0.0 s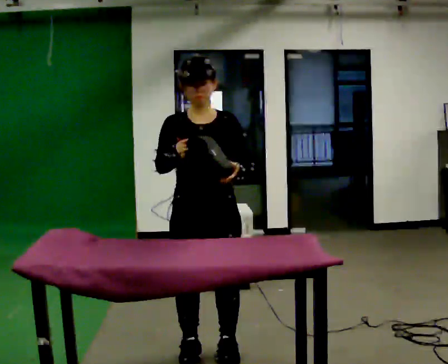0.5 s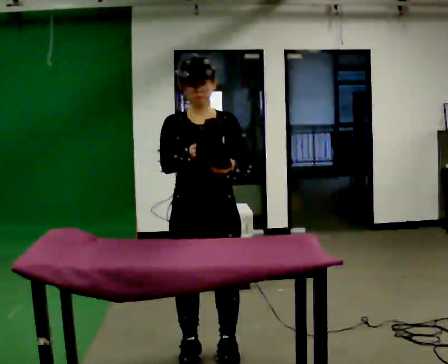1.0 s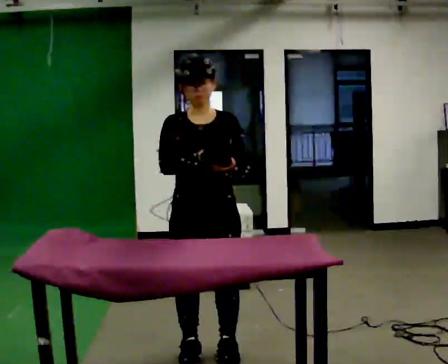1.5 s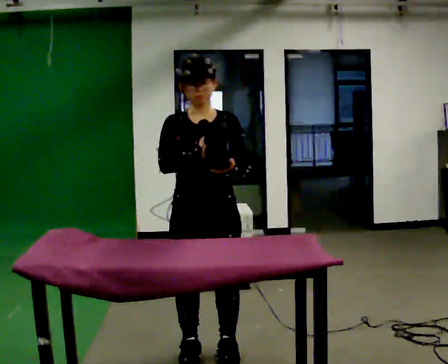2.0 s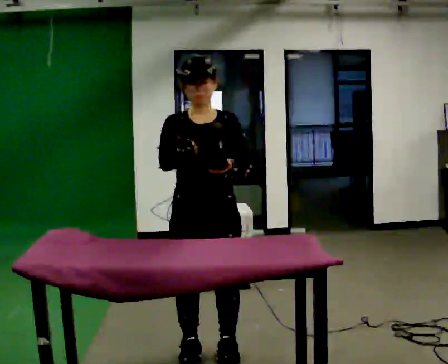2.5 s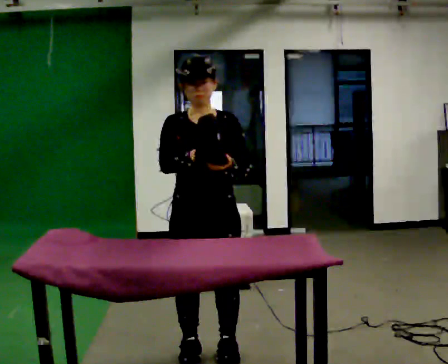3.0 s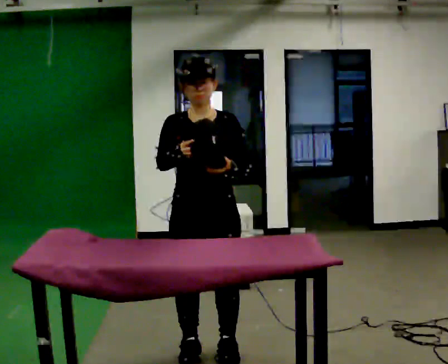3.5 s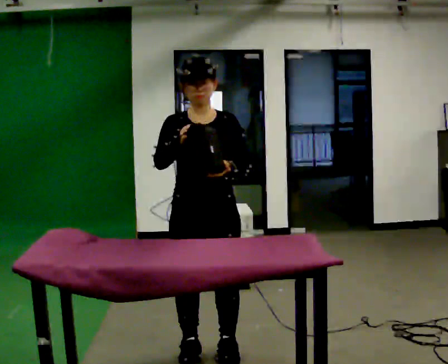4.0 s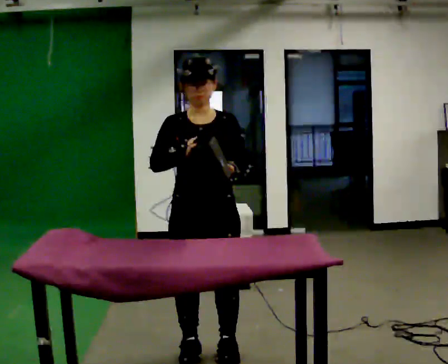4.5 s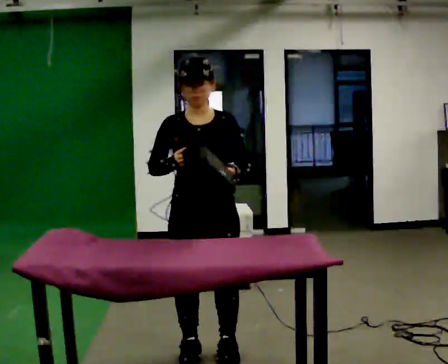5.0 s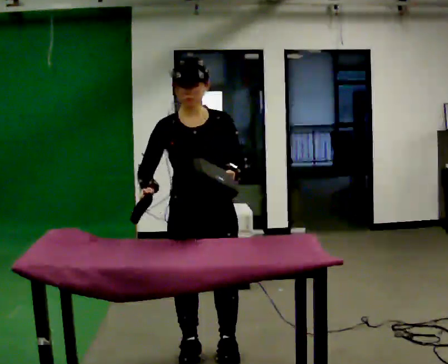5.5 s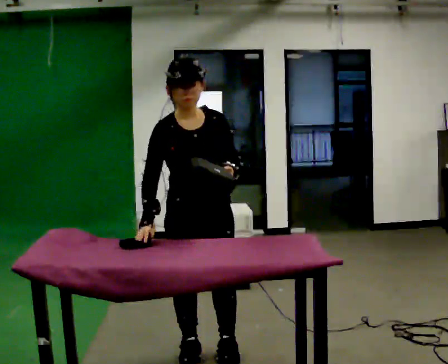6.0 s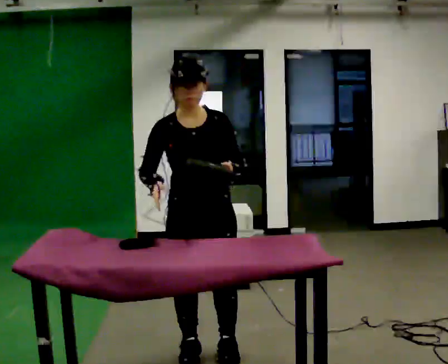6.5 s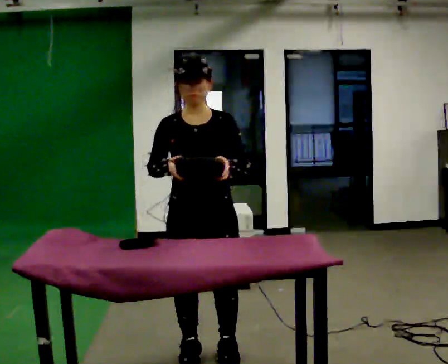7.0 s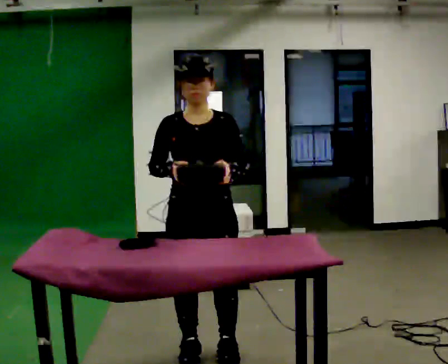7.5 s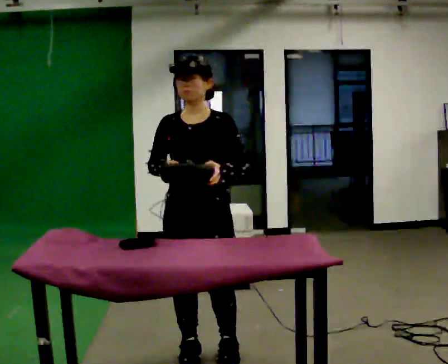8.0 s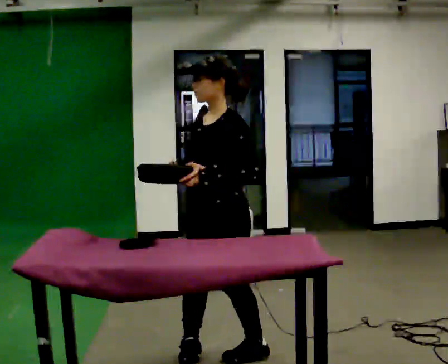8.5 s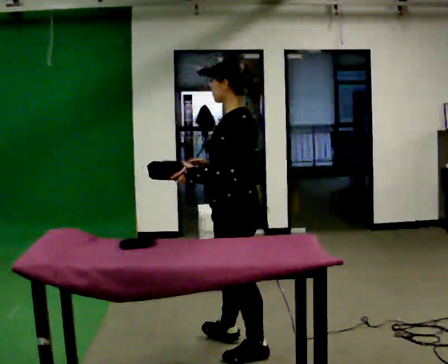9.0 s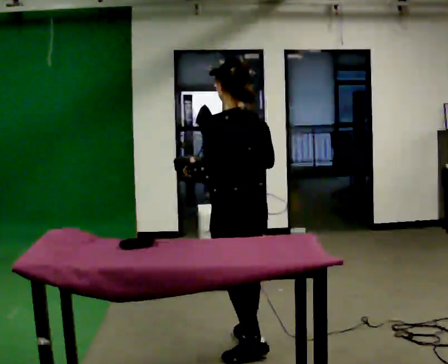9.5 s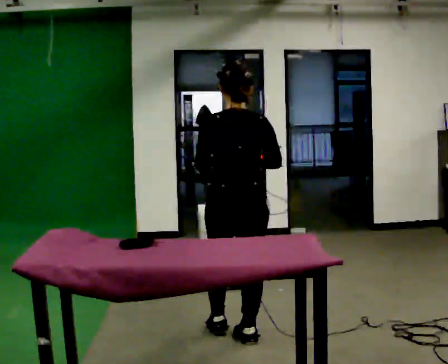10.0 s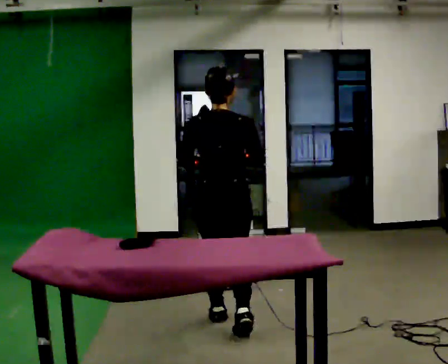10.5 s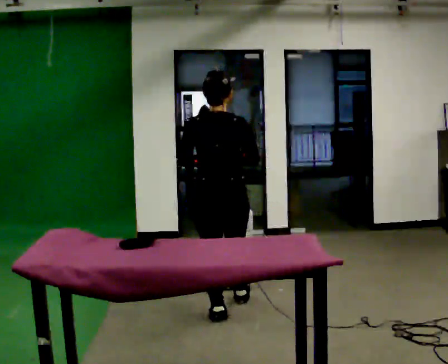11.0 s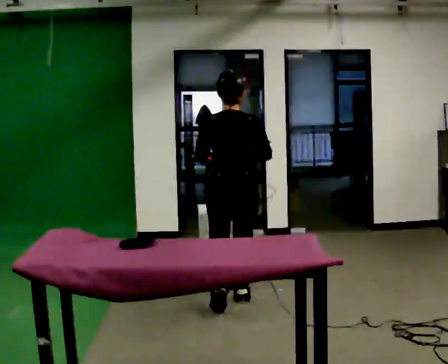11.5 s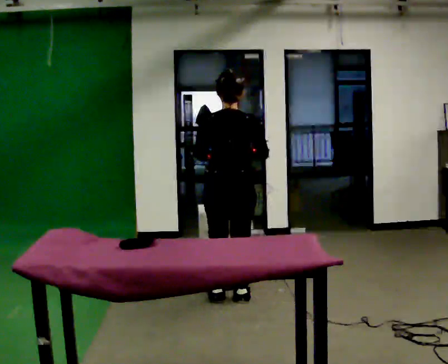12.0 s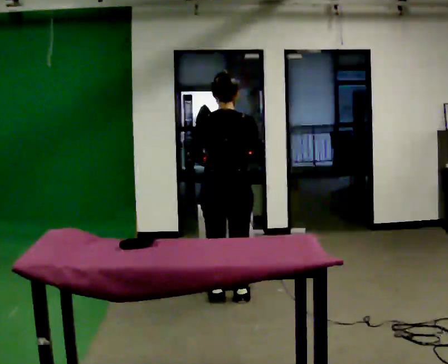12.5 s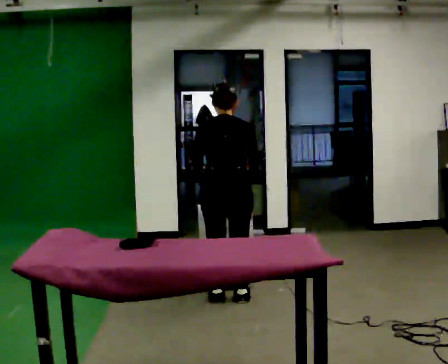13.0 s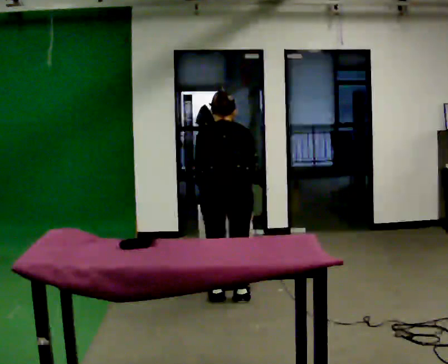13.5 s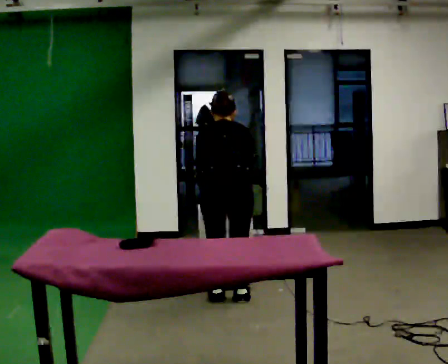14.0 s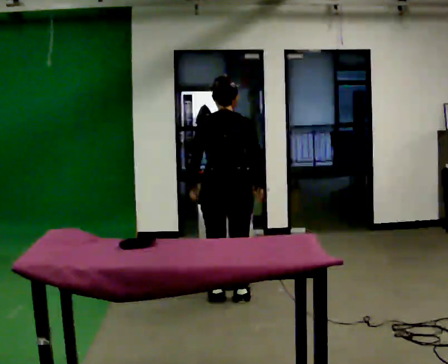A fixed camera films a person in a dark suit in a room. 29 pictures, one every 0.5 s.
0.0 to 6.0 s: The person moves a little, or ends about where they began.
6.0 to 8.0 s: The person turns about 75 degrees to their right, clockwise seen from above, so the part of the body nearest the lens slides to the left.
8.0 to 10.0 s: Seen from above the body turns clockwise, about 120 degrees: to their right, with its near side sliding to the left. In the picture they go away from the camera, about 0.75 m in 2 steps.
10.0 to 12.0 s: In the picture they go away from the camera, about 0.5 m in 2 steps, which for them is forward.
12.0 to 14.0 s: The person moves a little, or ends about where they began.
The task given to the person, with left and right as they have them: Clear everything off the table and put it away on the shelf, in as many trips as you need. Keep going until the operator says stop; one object at a time, and do not rush between trips.
The film runs forward here.
